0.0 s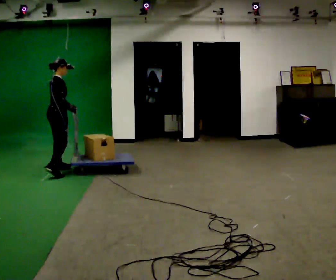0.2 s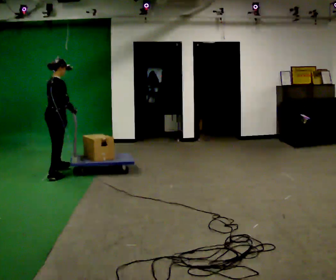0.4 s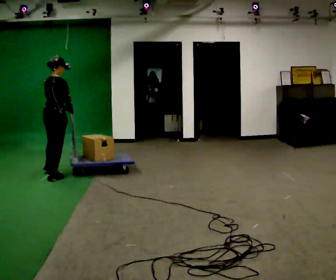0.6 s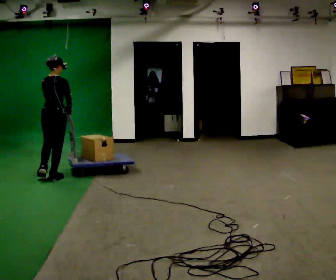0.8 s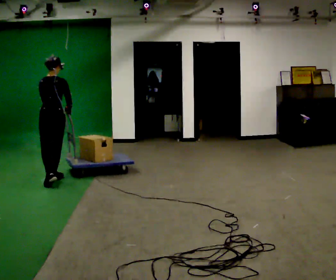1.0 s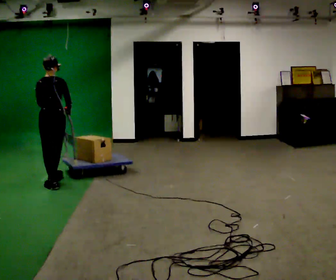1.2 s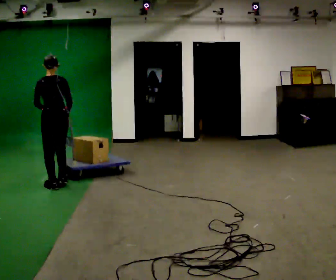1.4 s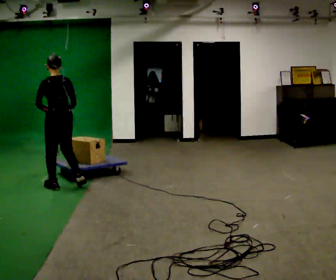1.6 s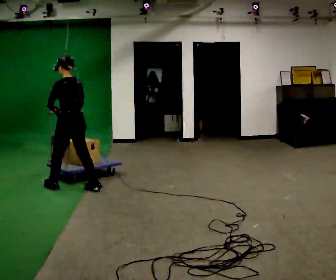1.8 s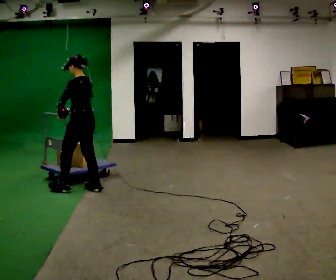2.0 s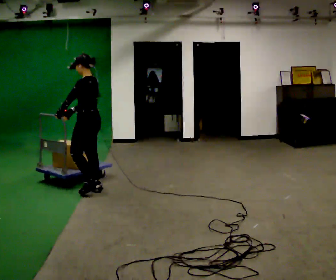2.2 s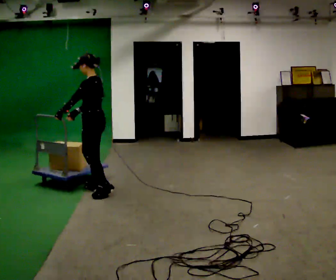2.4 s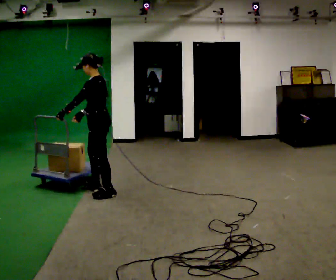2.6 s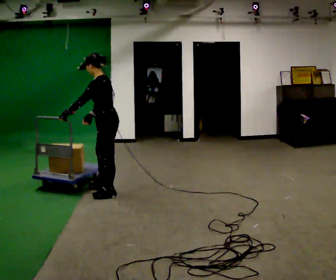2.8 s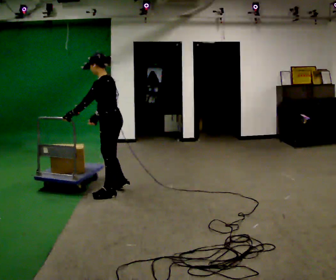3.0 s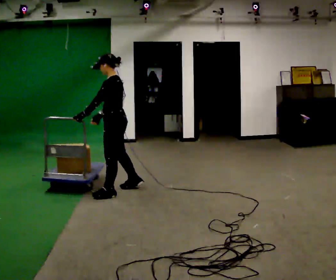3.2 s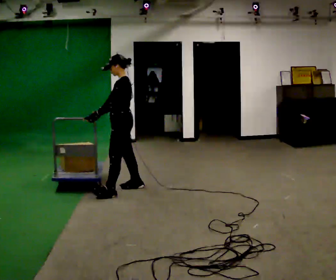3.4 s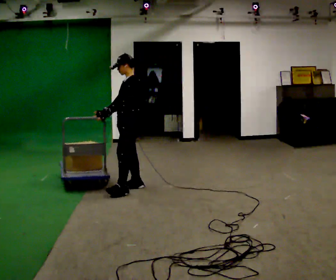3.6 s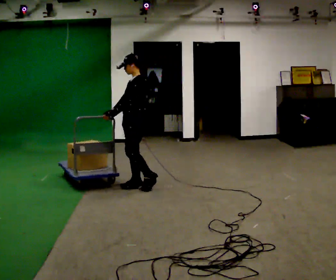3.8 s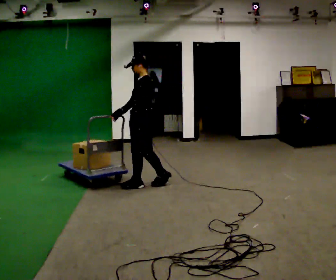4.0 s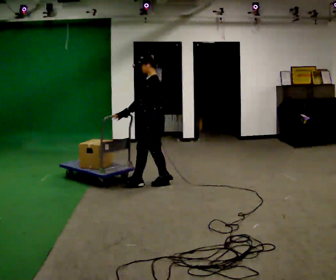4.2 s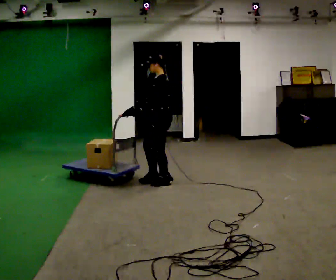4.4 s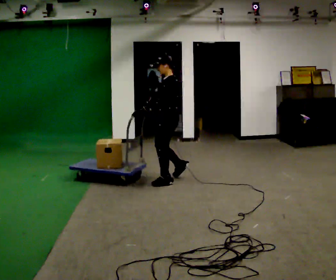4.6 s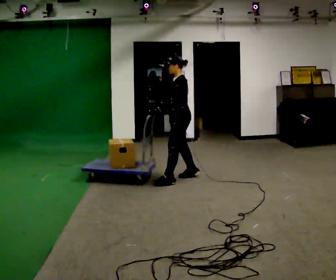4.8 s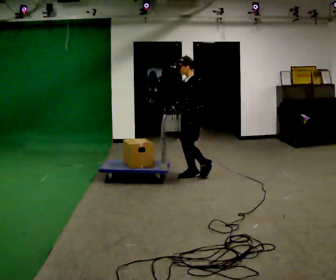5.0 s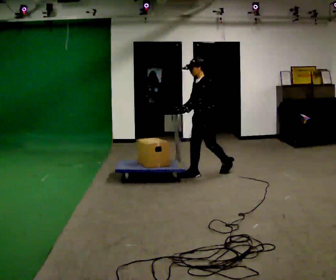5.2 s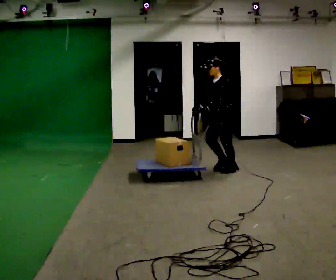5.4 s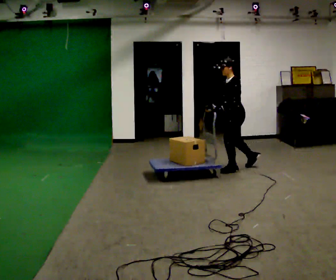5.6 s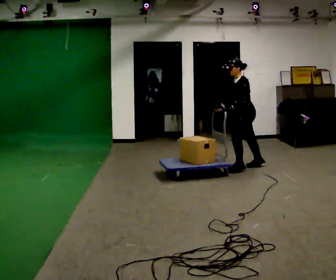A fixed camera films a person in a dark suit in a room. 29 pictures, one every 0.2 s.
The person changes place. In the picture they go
to the right.
The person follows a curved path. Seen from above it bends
counterclockwise.
0.0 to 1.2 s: The part of the body nearest the lens slides to the right as the person turns to their left by about 90 degrees. In the picture they go toward the camera, about 0.5 m in 2 steps.
1.2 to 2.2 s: The part of the body nearest the lens slides to the right as the person turns to their left by about 60 degrees. In the picture they go to the right, about 0.5 m in 1 step.
2.2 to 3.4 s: The part of the body nearest the lens slides to the right as the person turns to their left by about 30 degrees. In the picture they go to the right, about 0.5 m in 2 steps, which for them is backward.
3.4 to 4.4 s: In the picture they go to the right, about 0.5 m in 1 step, which for them is backward.
4.4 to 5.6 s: In the picture they go to the right, about 1 m in 3 steps, which for them is backward. In the picture the upper body tilts counterclockwise, shoulders to the left, as they bend forward.
The film runs backward here.
